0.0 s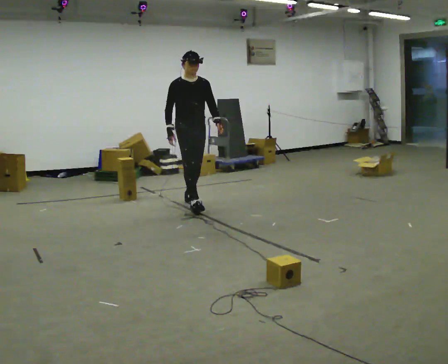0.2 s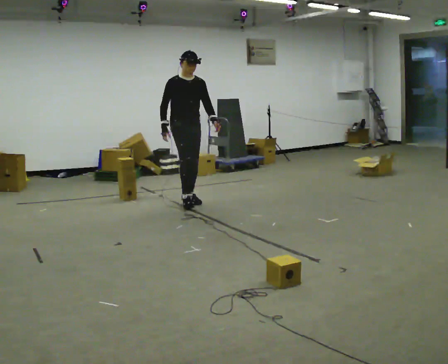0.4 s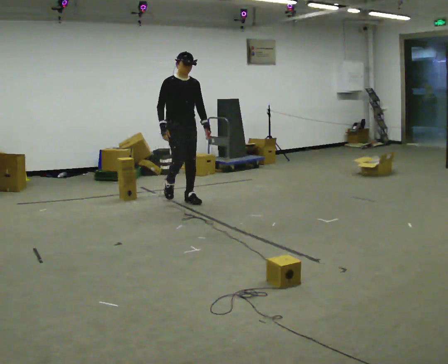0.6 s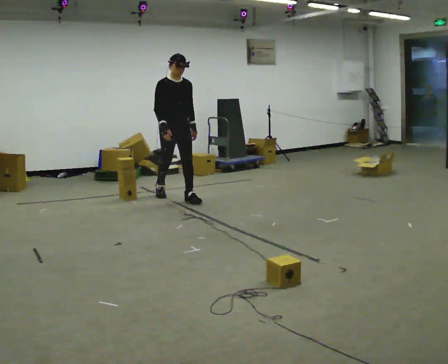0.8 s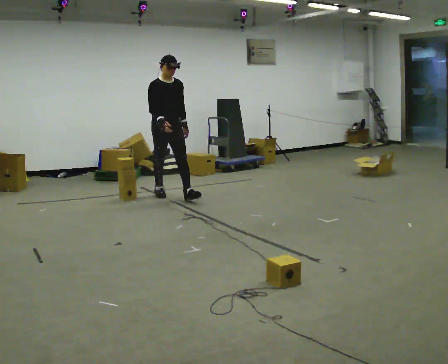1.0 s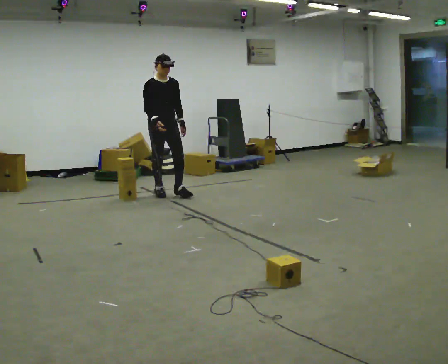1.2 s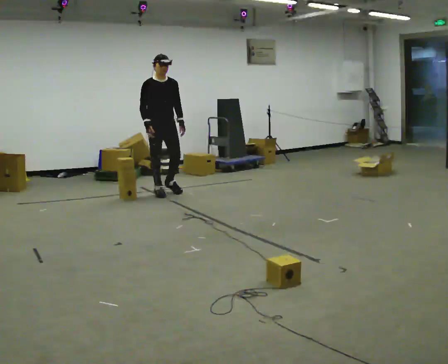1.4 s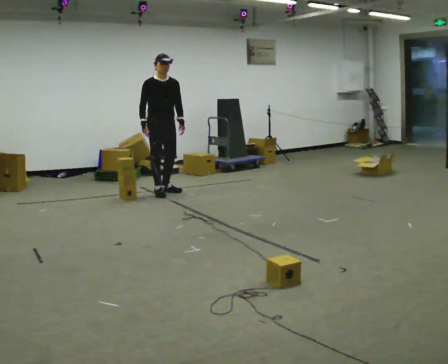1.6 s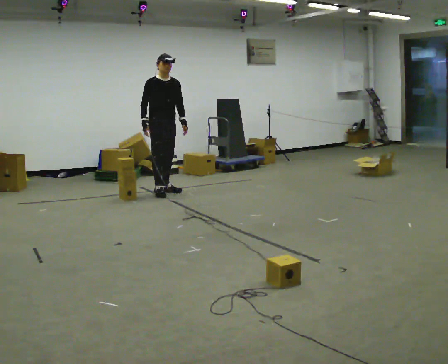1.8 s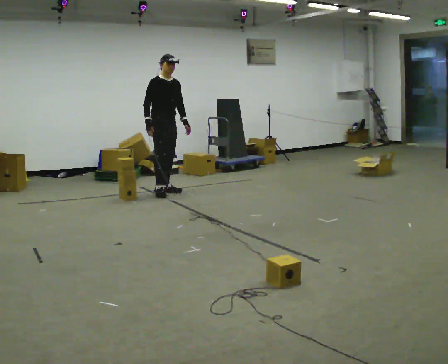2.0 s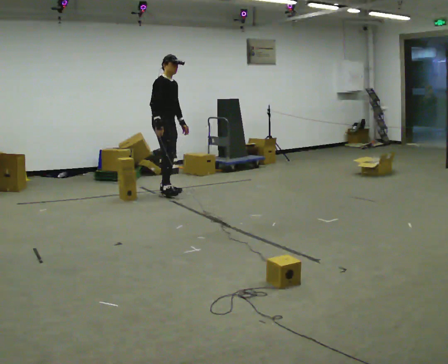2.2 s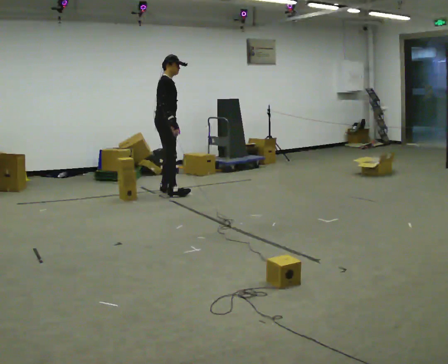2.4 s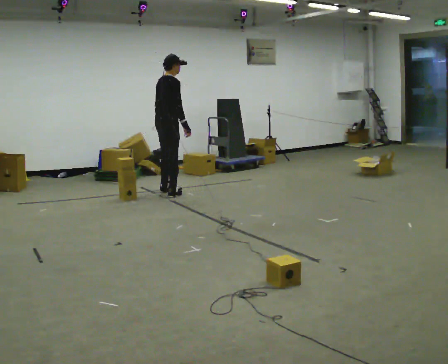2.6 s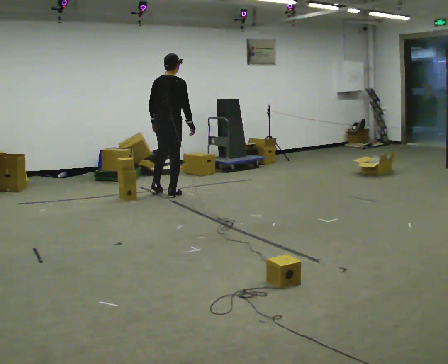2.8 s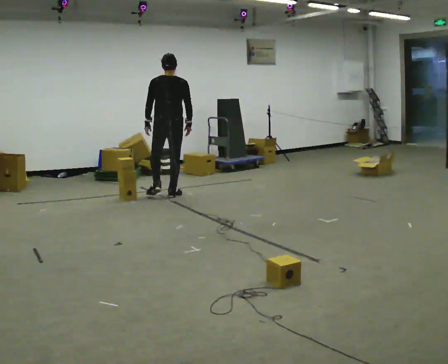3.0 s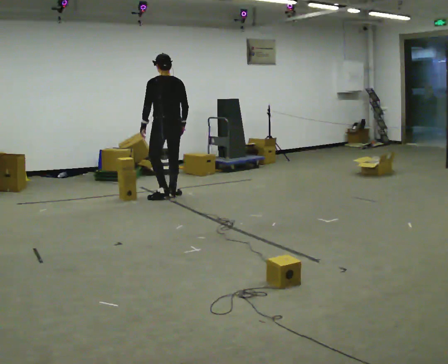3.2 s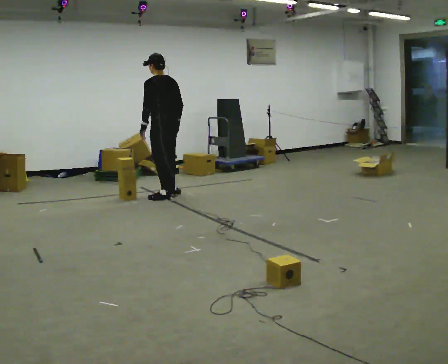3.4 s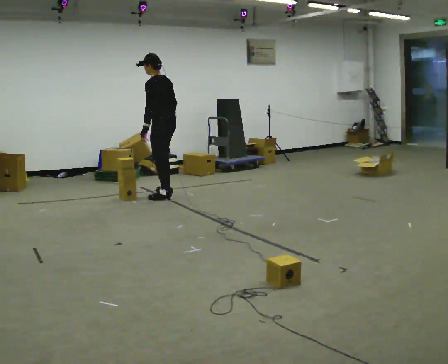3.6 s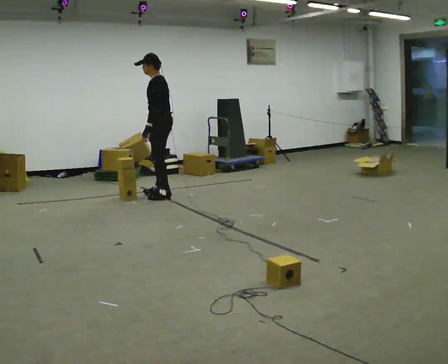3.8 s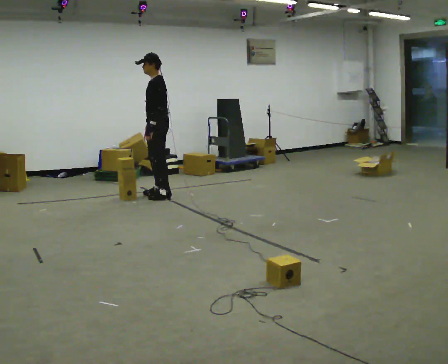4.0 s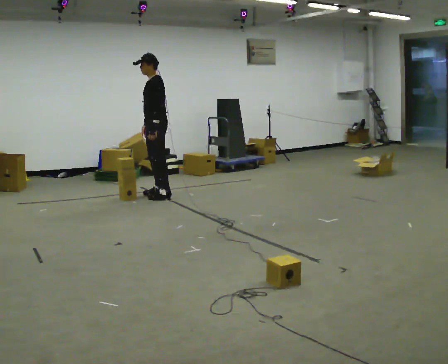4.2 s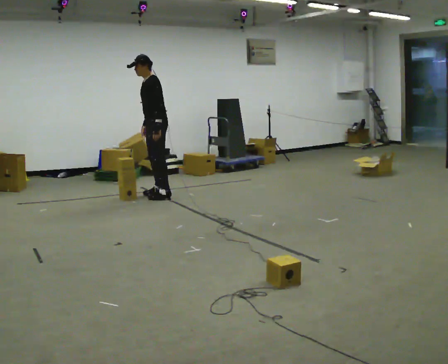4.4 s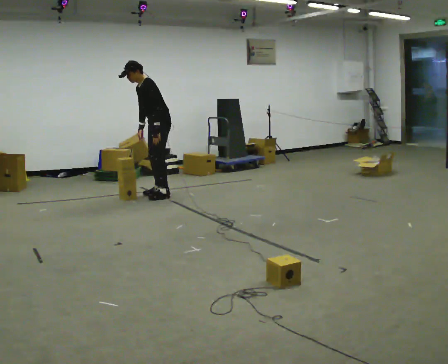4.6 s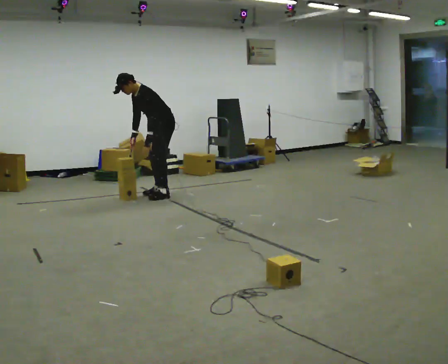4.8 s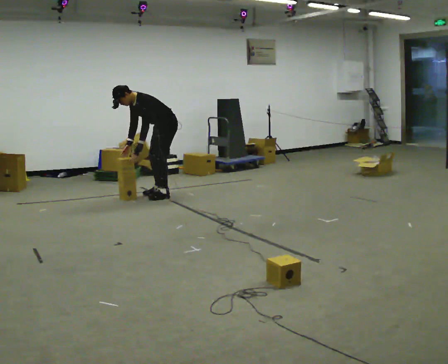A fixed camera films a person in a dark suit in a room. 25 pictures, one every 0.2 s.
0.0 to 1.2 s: In the picture they go away from the camera and to the left, about 0.5 m in 2 steps, which for them is backward.
1.2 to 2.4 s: Seen from above the body turns counterclockwise, about 90 degrees: to their left, with its near side sliding to the right.
2.4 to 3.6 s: The person turns about 150 degrees to their left, counterclockwise seen from above, so the part of the body nearest the lens slides to the right. In the picture they go toward the camera, about 0.25 m in 2 steps.
3.6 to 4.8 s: The part of the body nearest the lens slides to the right as the person turns to their left by about 30 degrees. In the picture they go away from the camera, about 0.25 m, which for them is to their right. The upper body goes downward. In the picture the upper body tilts counterclockwise, shoulders to the left, as they bend forward. In the picture their right hand goes to the left.
The film runs backward here.
